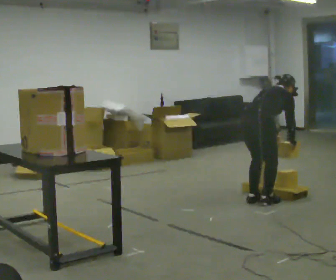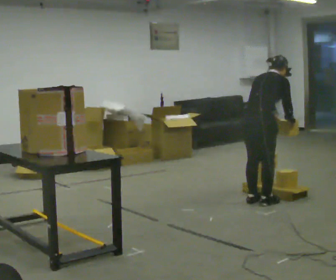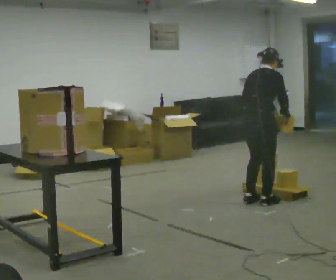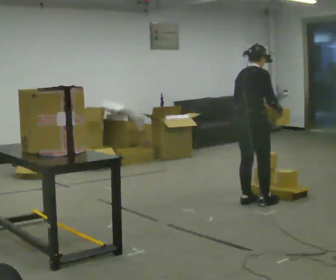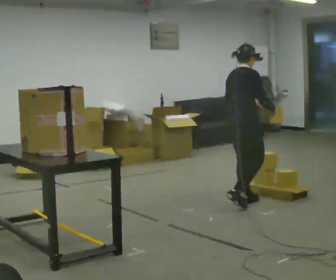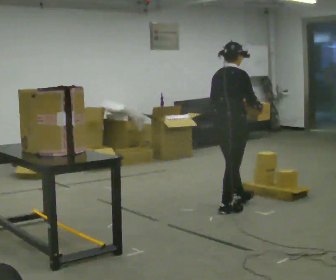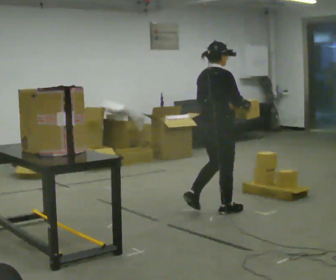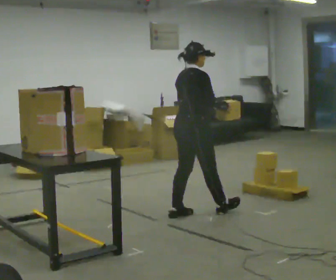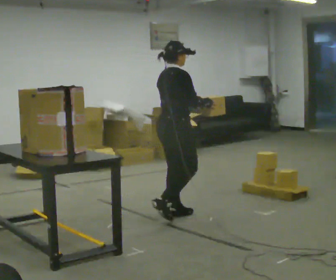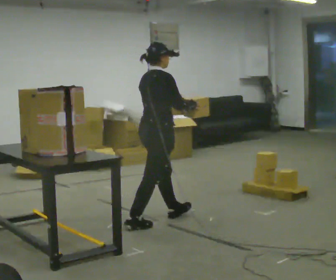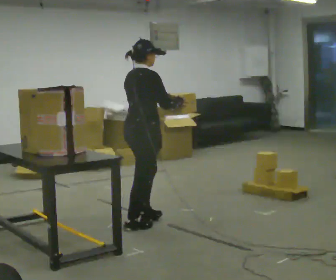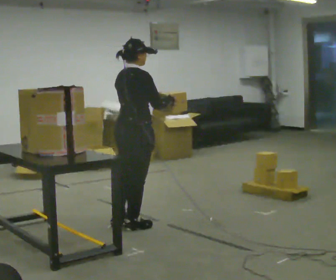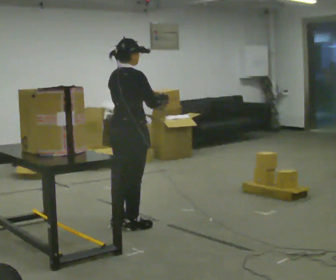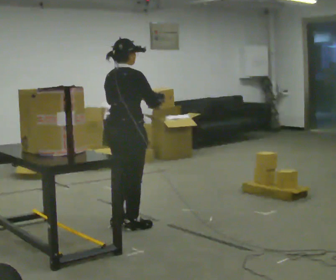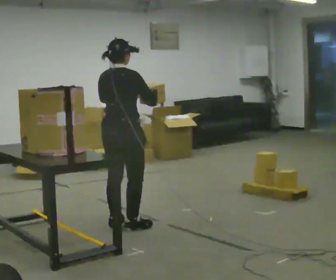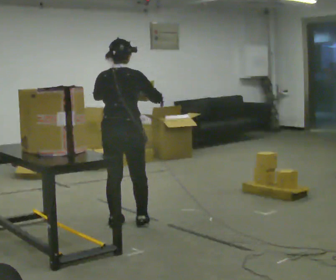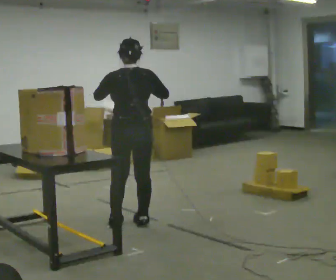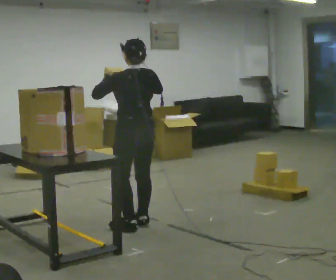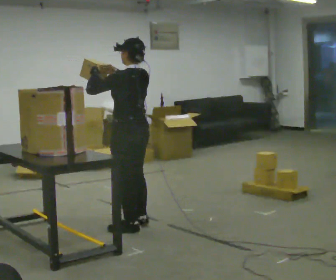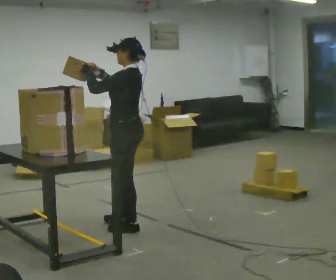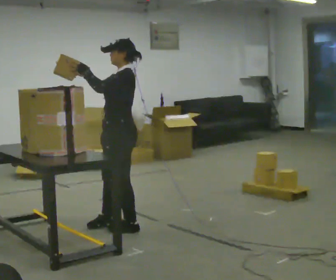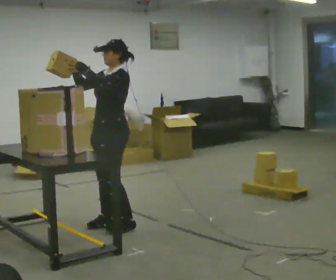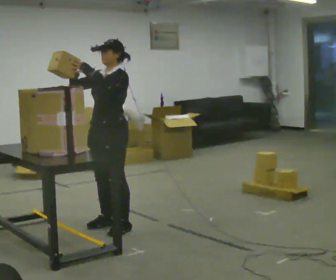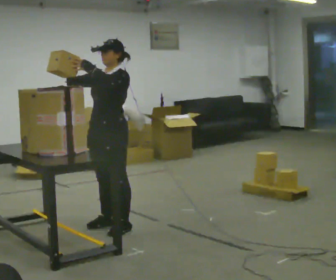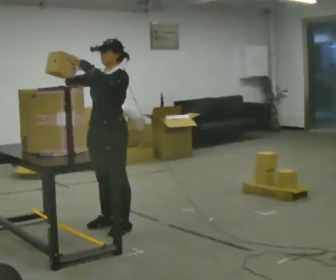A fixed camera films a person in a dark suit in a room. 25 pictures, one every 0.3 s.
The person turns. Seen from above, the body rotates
counterclockwise.
The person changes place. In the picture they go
to the left.
0.0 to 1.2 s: The upper body goes upward. In the picture the upper body tilts counterclockwise, shoulders to the left, as they lean back or straighten. In the picture their right hand goes upward and to the left.
1.2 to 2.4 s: In the picture they go to the left, about 1 m in 2 steps, which for them is backward.
2.4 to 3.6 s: In the picture they go to the left and toward the camera, about 0.5 m in 1 step, which for them is backward.
3.6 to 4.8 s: The part of the body nearest the lens slides to the right as the person turns to their left by about 60 degrees.
4.8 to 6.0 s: Seen from above the body turns counterclockwise, about 105 degrees: to their left, with its near side sliding to the right. In the picture their right hand goes to the left.
6.0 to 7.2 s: The part of the body nearest the lens slides to the right as the person turns to their left by about 30 degrees.
The film runs backward here.
